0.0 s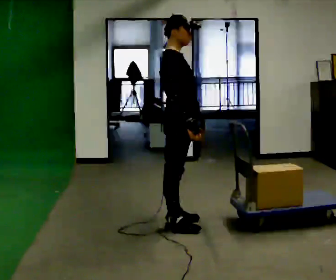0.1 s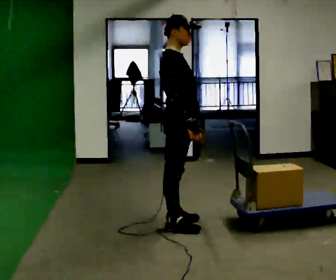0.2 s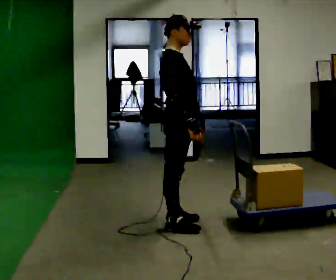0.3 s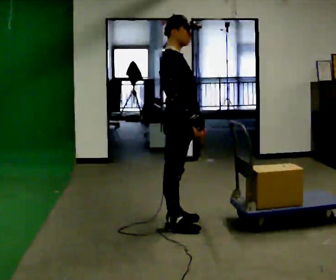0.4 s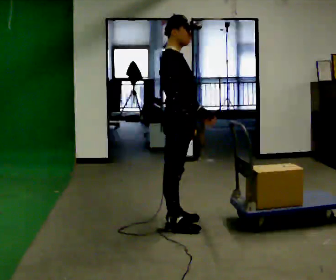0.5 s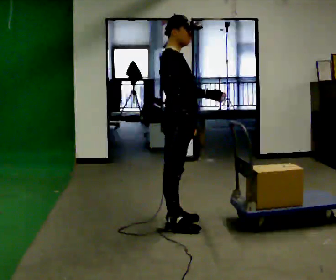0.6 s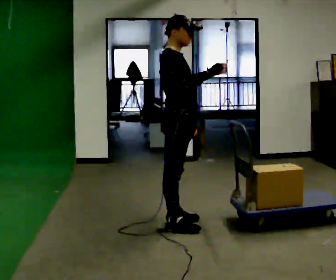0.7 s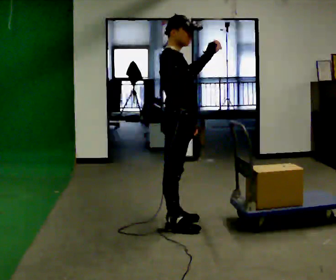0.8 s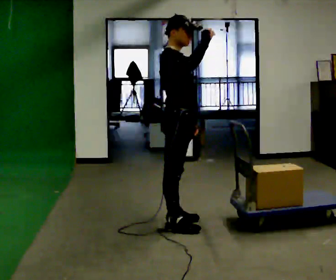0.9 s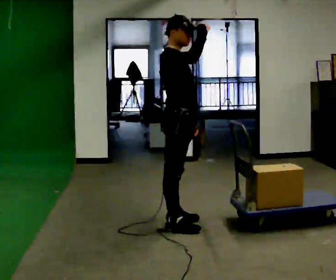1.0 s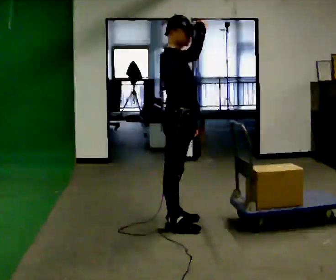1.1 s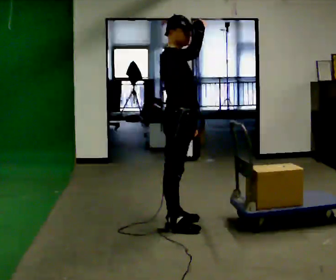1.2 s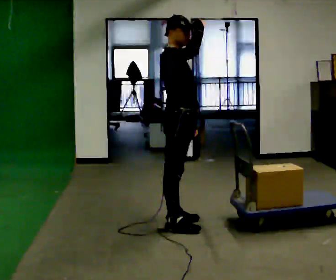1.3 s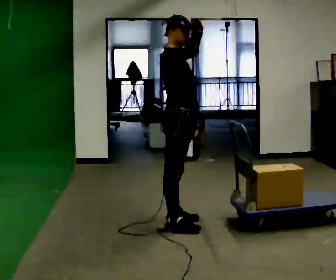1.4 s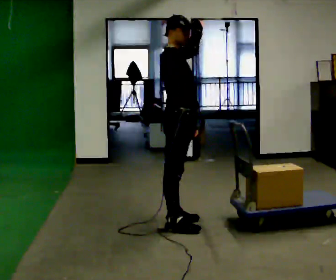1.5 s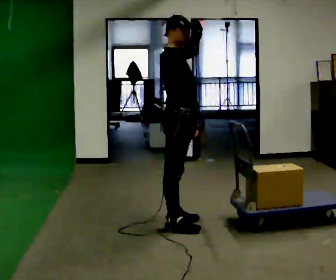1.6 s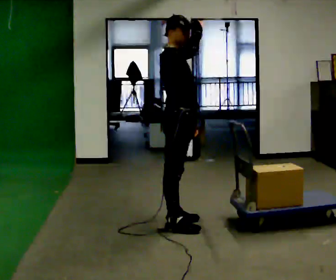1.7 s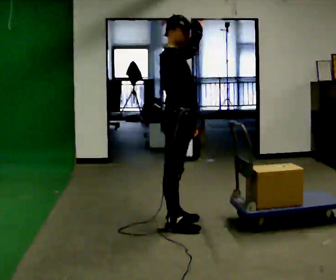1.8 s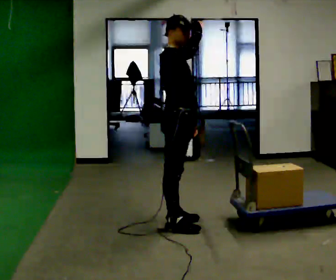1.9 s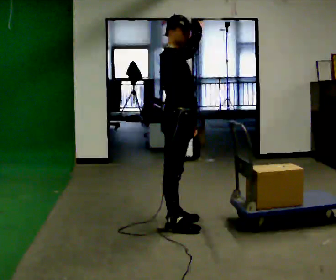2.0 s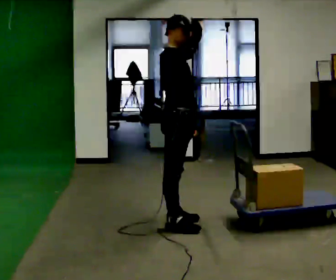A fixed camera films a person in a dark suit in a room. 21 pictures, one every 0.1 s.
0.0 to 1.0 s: In the picture their right hand goes upward.
1.0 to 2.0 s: The person keeps their place and pose.
The film runs forward here.
